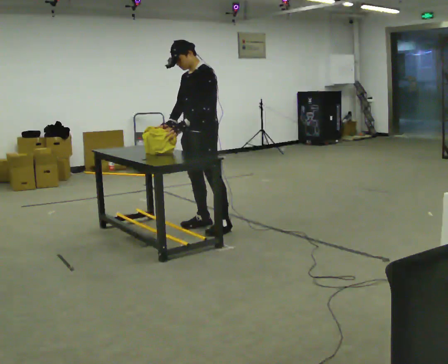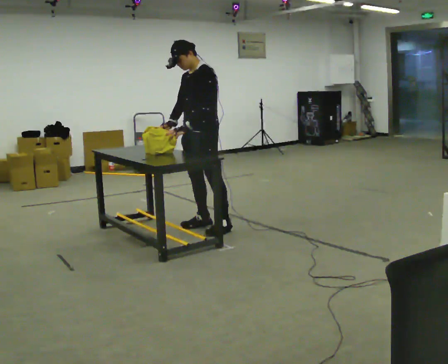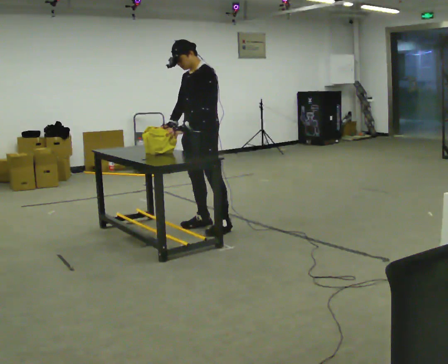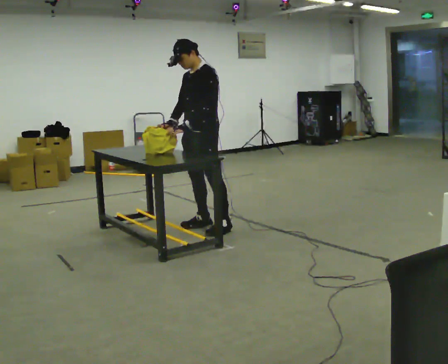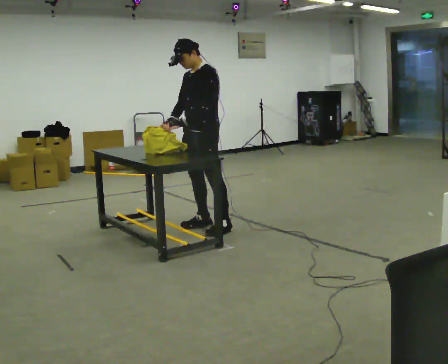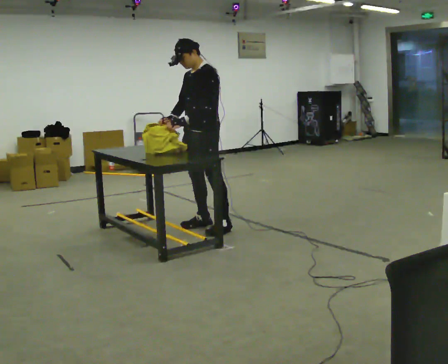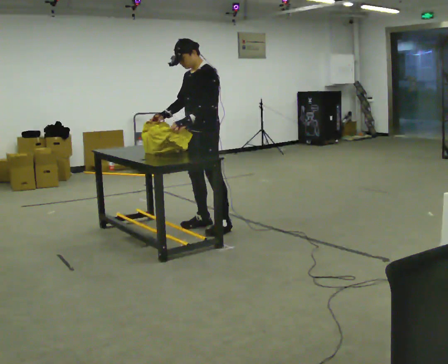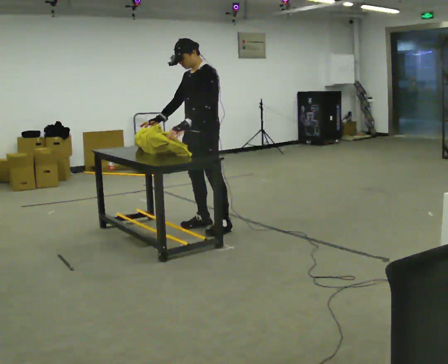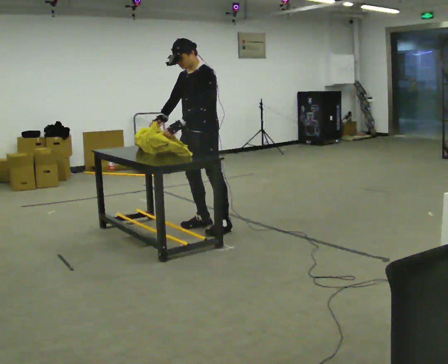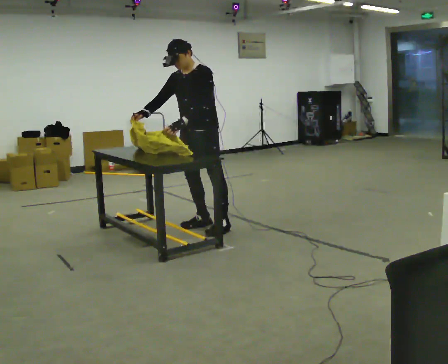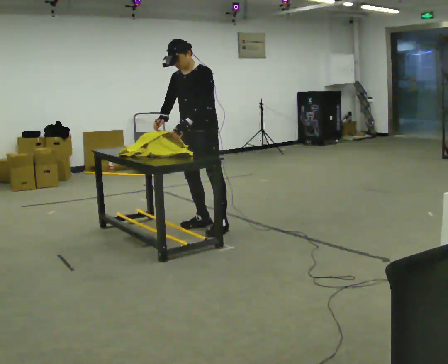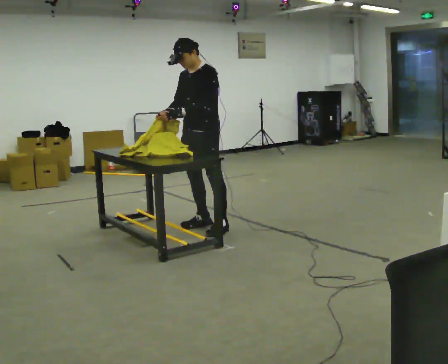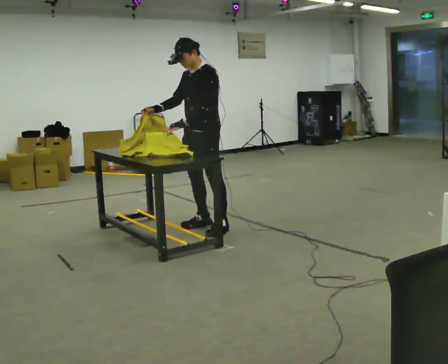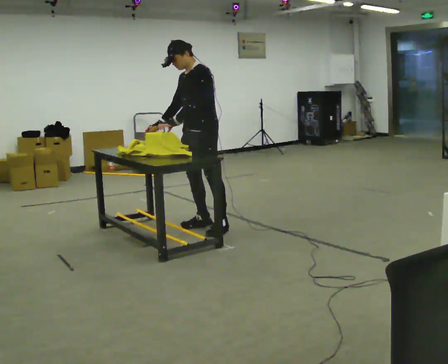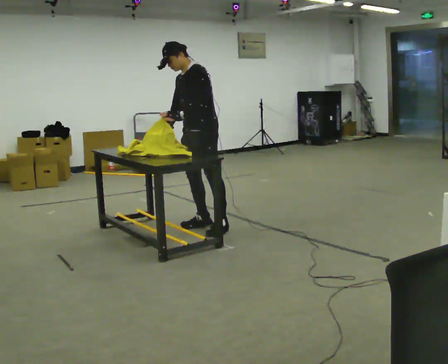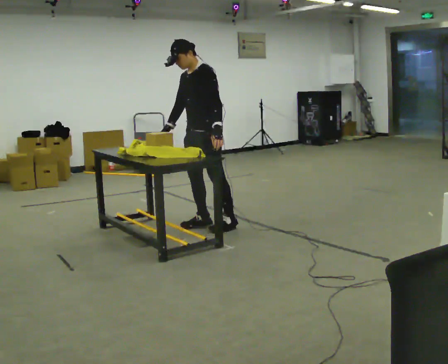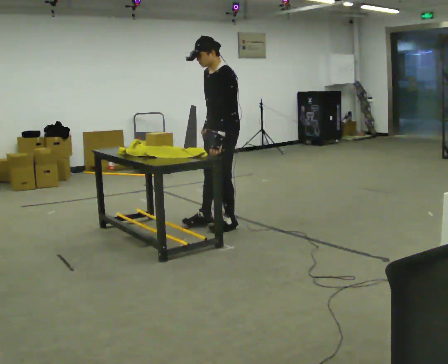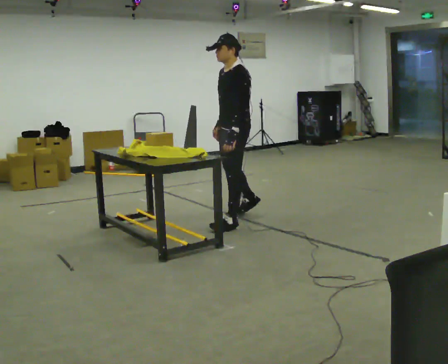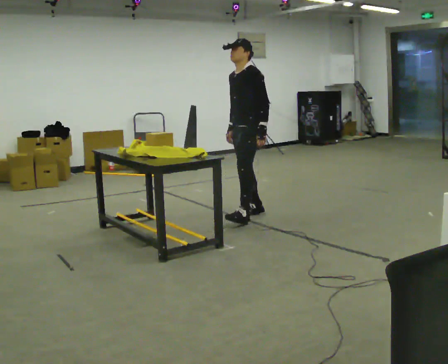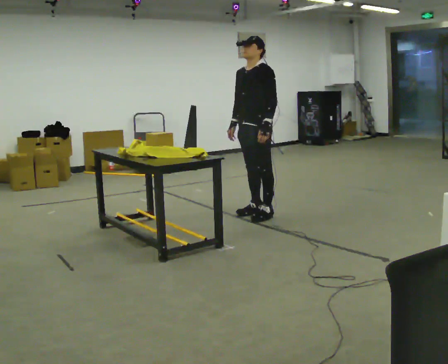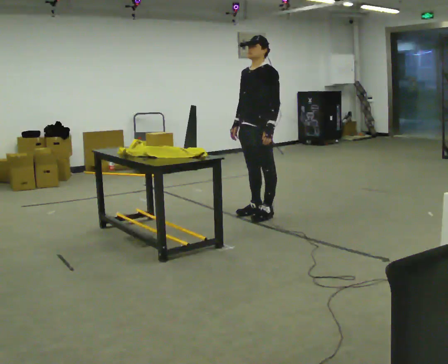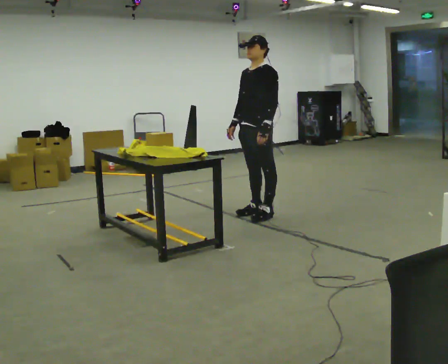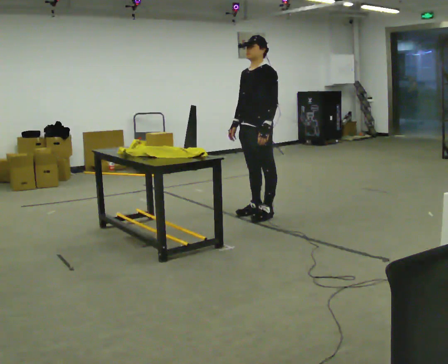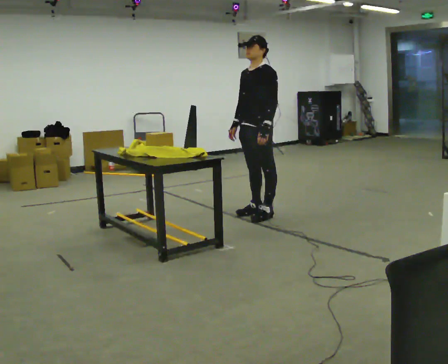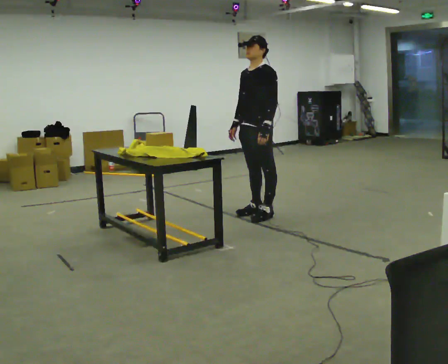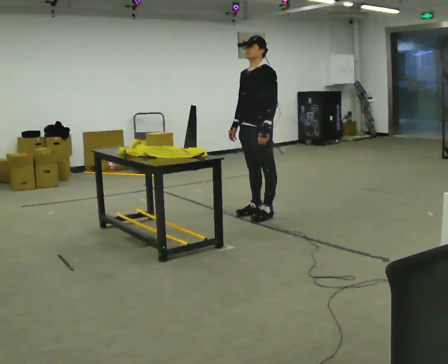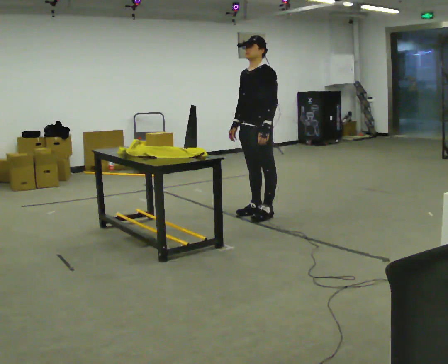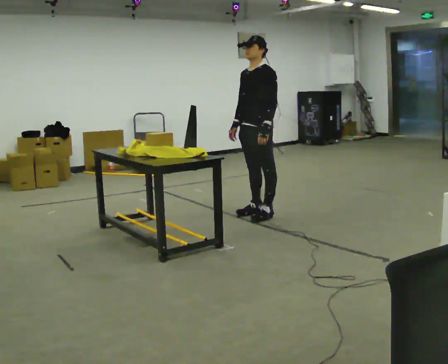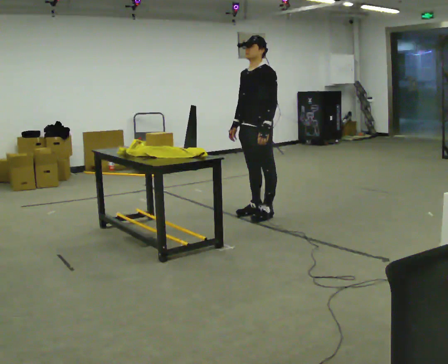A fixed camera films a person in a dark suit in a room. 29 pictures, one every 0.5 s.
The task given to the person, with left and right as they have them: Wrap the cloth around the object and tuck it in, then unwrap it. Repeat at your own pace until the operator says stop. Keep both feet on the marked spots for the whole take. If you have to step, stop and tell the operator.
0.0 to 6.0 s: The person moves a little, or ends about where they began.
6.0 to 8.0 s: In the picture they go to the right, about 0.25 m, which for them is backward. In the picture their right hand goes to the right.
8.0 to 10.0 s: In the picture they go away from the camera and to the right, about 0.5 m in 2 steps, which for them is backward and to their right.
10.0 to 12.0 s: The person moves a little, or ends about where they began.
12.0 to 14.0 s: The person keeps their place and pose.
The film runs forward here.
